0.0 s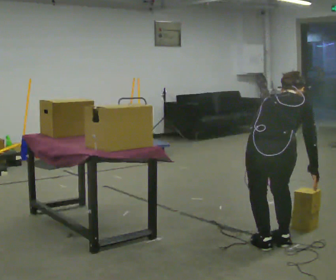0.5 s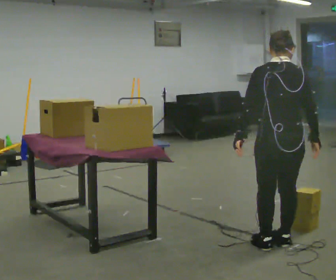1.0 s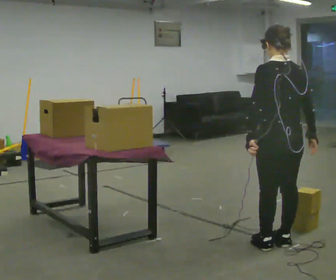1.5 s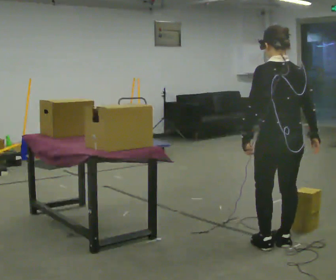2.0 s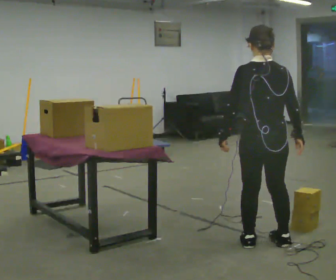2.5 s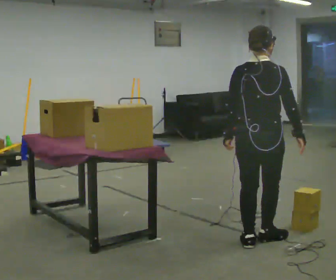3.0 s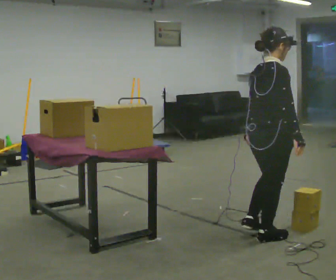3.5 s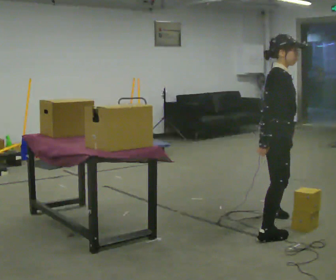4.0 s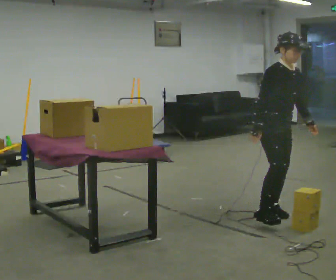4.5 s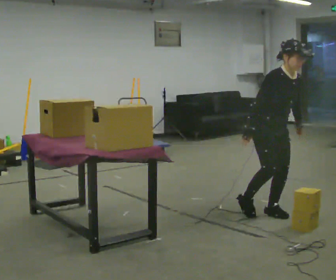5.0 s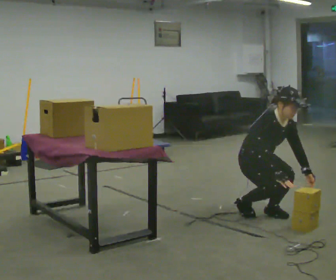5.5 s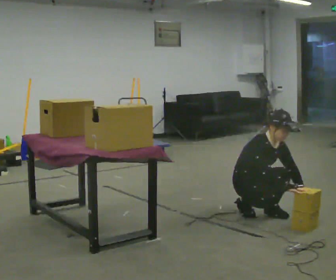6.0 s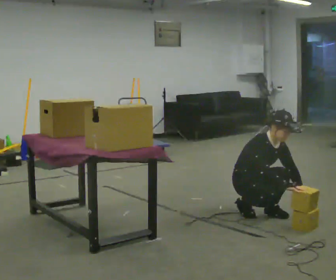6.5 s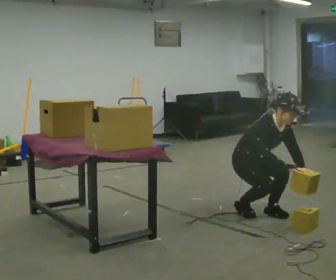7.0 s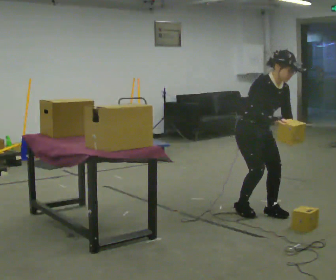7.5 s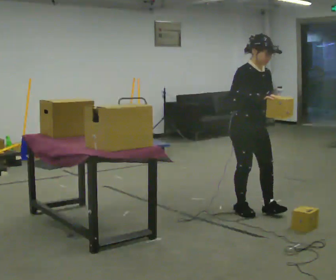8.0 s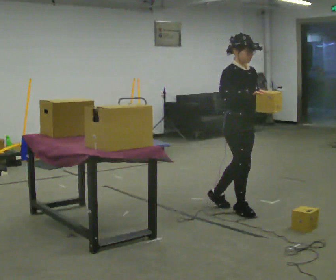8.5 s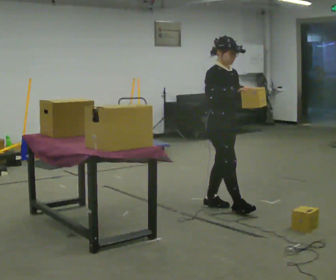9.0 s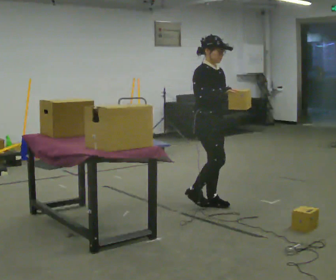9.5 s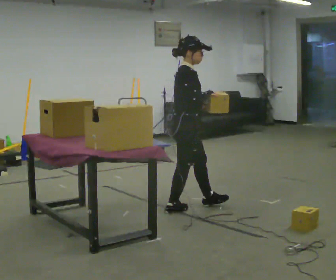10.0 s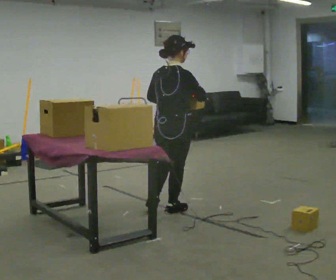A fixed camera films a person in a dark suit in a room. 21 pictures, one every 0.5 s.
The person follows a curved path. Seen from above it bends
counterclockwise.
0.0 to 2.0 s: Seen from above the body turns counterclockwise, about 45 degrees: to their left, with its near side sliding to the right. In the picture they go away from the camera, about 0.25 m in 1 step, which for them is forward. The upper body goes upward. The upper body tips toward the camera, its near side rolling downward, as they lean back or straighten. In the picture their left hand goes to the left and upward.
2.0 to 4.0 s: The part of the body nearest the lens slides to the left as the person turns to their right by about 150 degrees. In the picture they go away from the camera, about 0.75 m in 3 steps.
4.0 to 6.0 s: In the picture they go to the left and away from the camera, about 0.25 m, which for them is backward. The shoulders move downward. The upper body tips toward the camera, its near side rolling downward, as they bend forward. In the picture their right hand goes downward.
6.0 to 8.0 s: The upper body goes upward. In the picture their left hand goes upward.
8.0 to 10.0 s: Seen from above the body turns counterclockwise, about 90 degrees: to their left, with its near side sliding to the right. In the picture they go to the left, about 0.5 m in 2 steps.
The film runs backward here.
